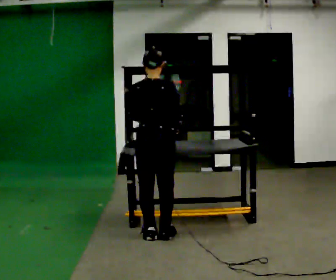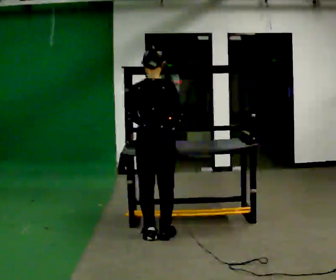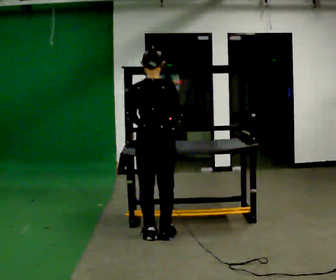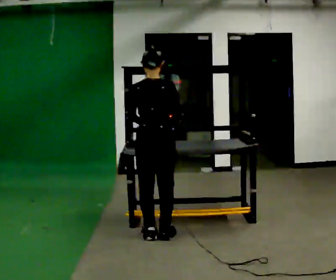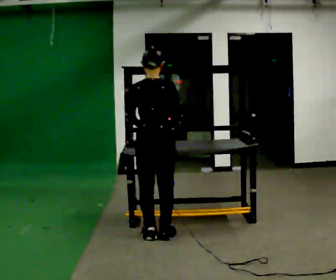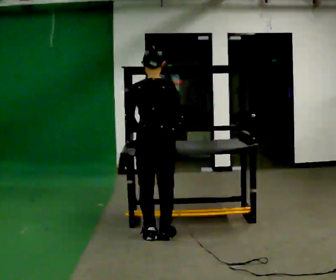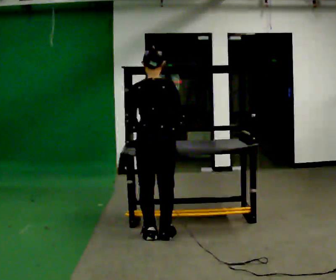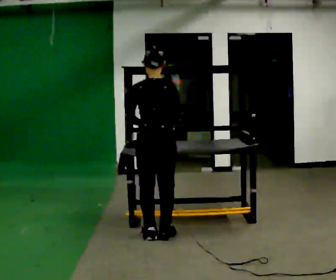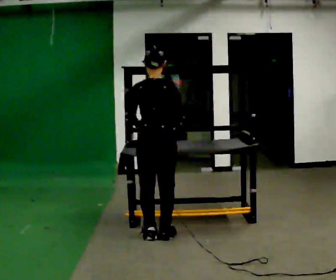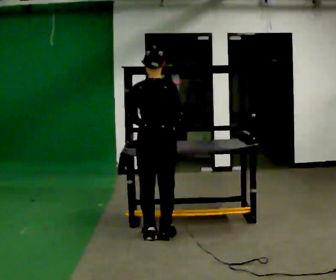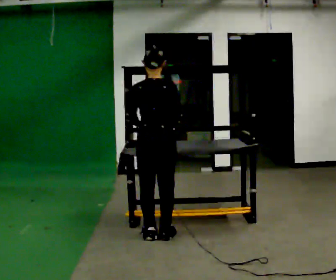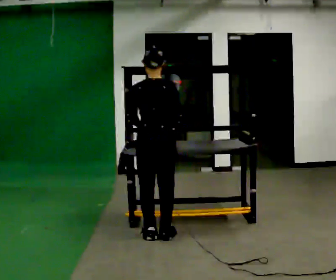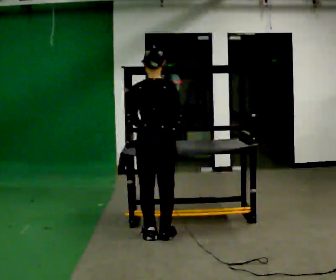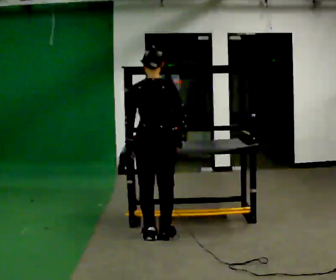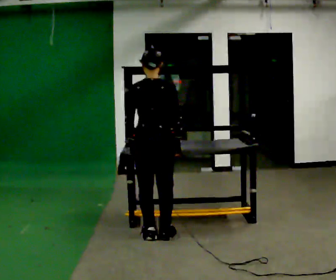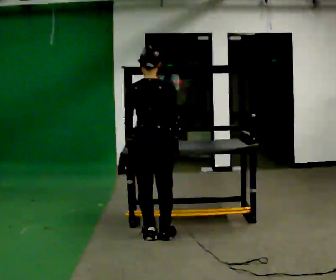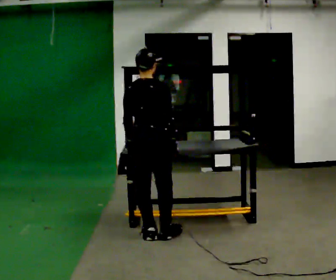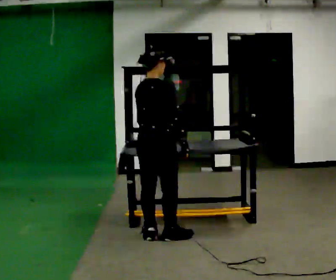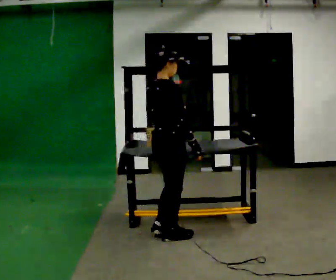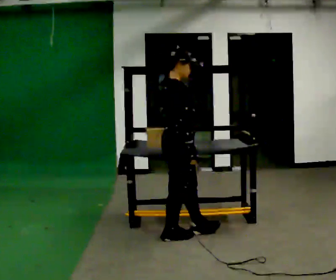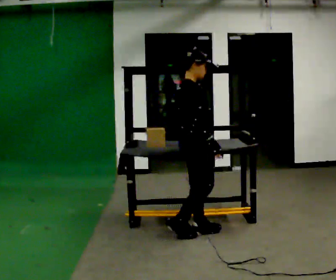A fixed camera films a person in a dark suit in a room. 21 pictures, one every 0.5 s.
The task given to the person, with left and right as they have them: Carry the box over and put it on the shelf with the label facing out towards you. Get the orientation right, not just the position. Keep going until the operator says stop; one object at a time, and do not rush between trips.
0.0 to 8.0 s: The person moves a little, or ends about where they began.
8.0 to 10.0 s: The person turns about 75 degrees to their right, clockwise seen from above, so the part of the body nearest the lens slides to the left. In the picture they go to the right, about 0.25 m in 1 step.
The film runs forward here.
